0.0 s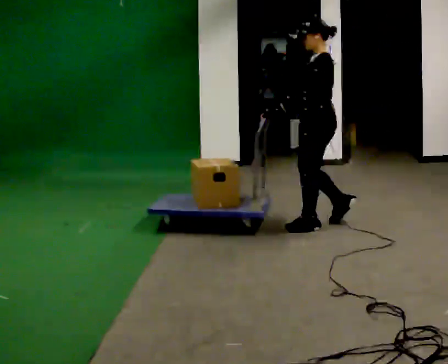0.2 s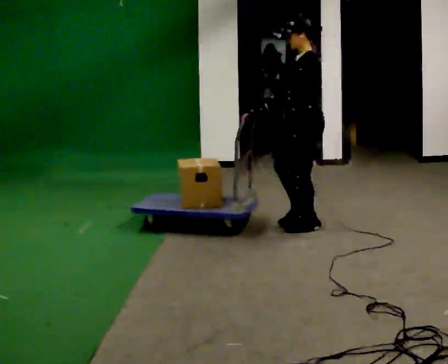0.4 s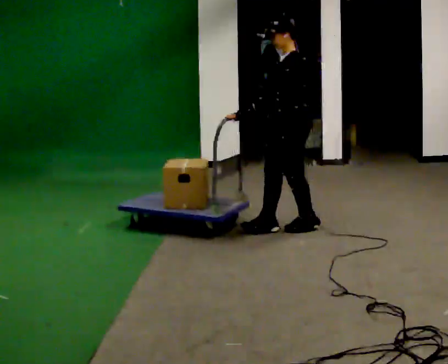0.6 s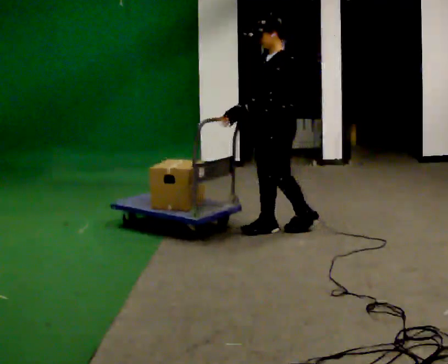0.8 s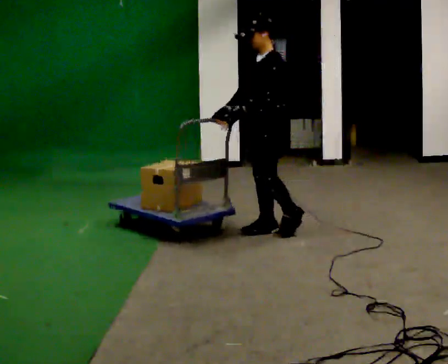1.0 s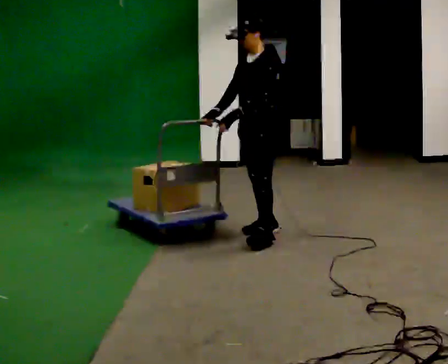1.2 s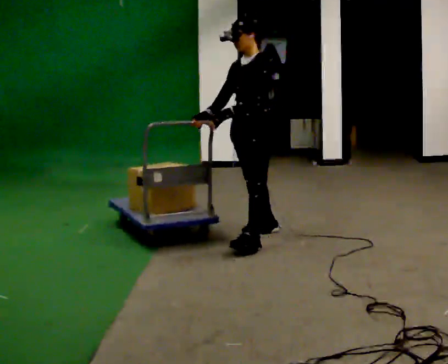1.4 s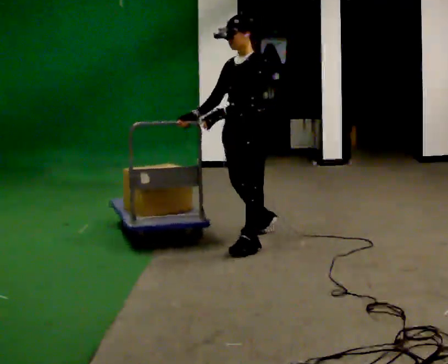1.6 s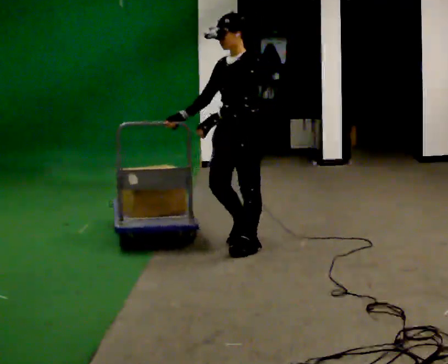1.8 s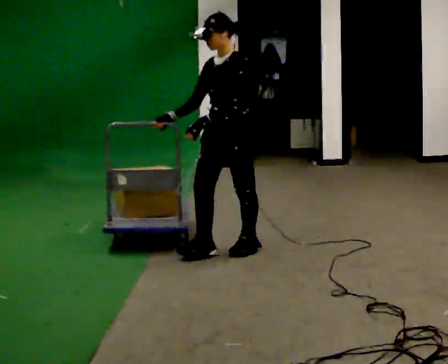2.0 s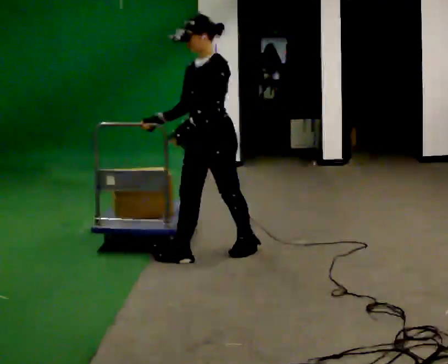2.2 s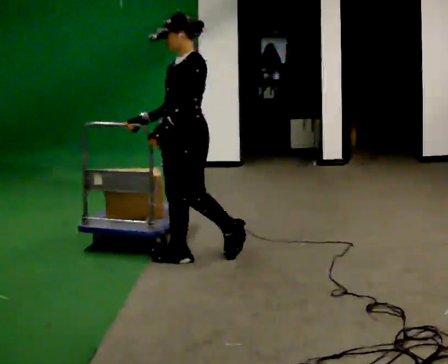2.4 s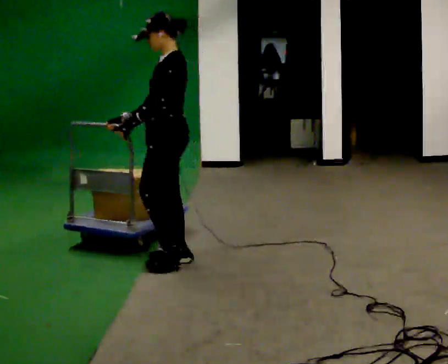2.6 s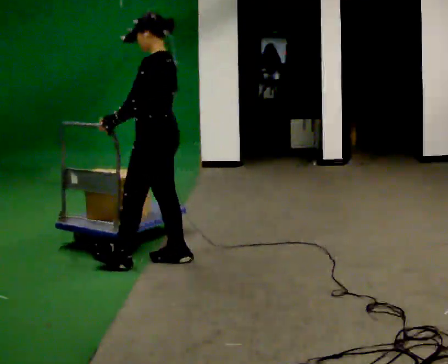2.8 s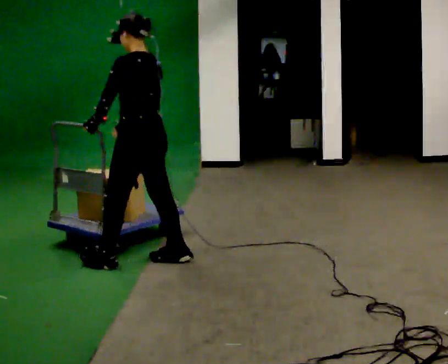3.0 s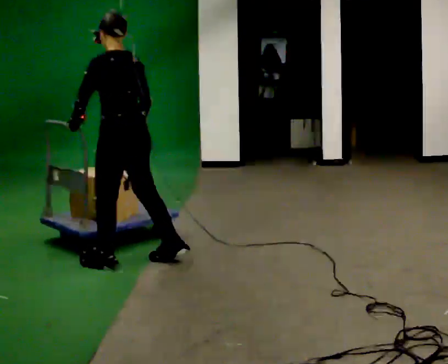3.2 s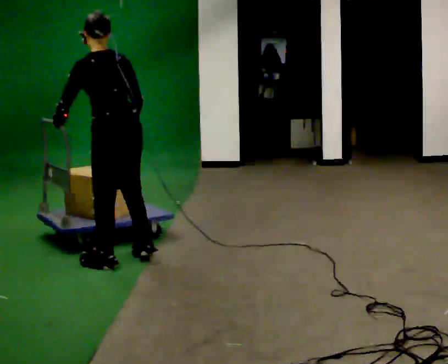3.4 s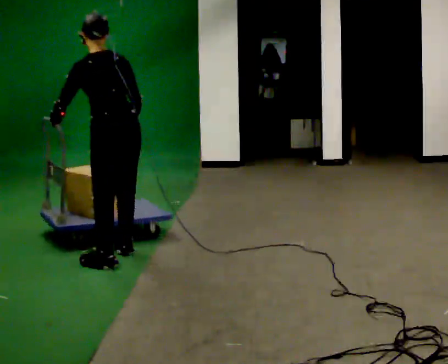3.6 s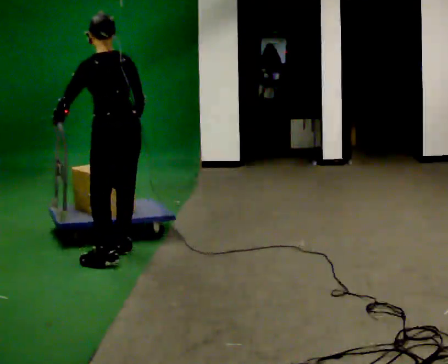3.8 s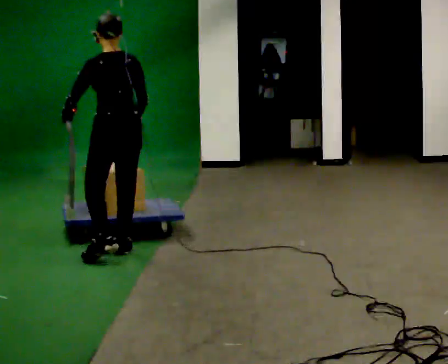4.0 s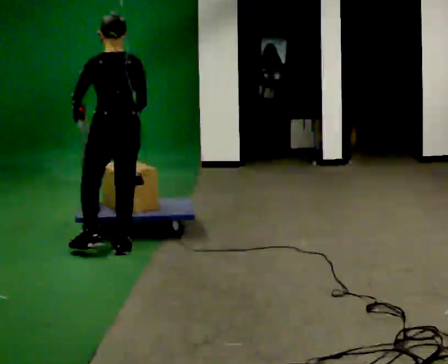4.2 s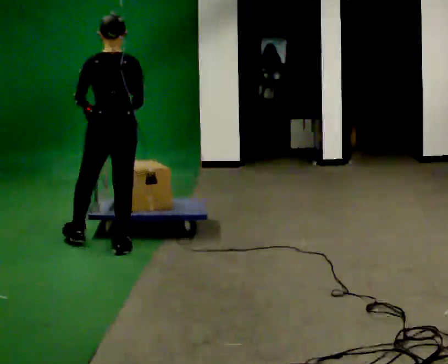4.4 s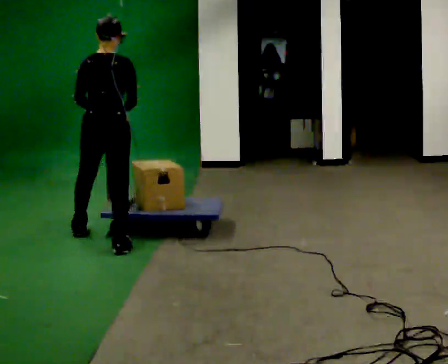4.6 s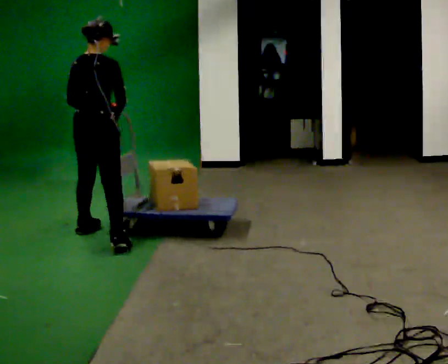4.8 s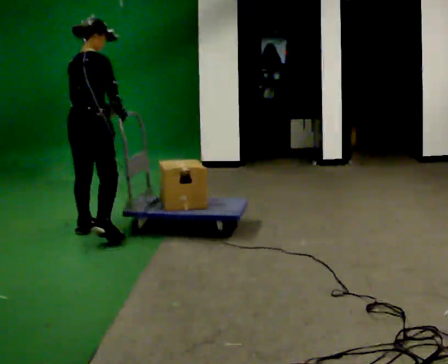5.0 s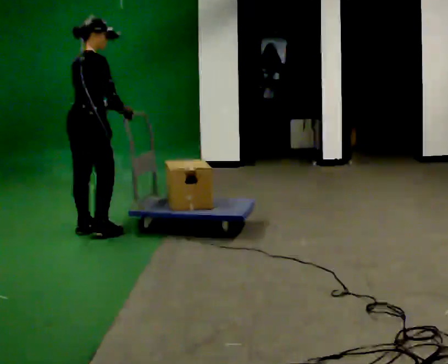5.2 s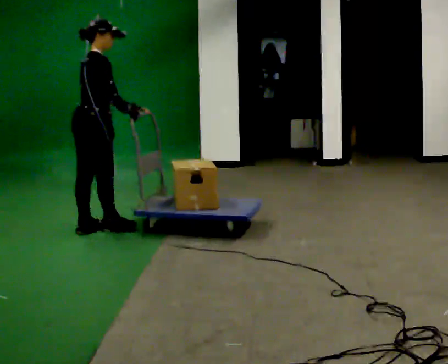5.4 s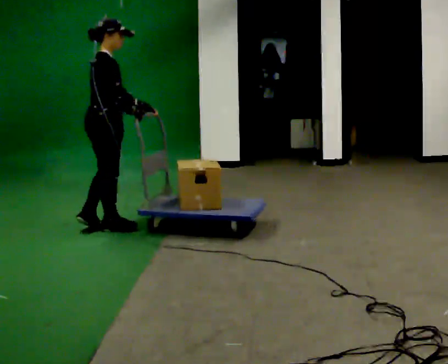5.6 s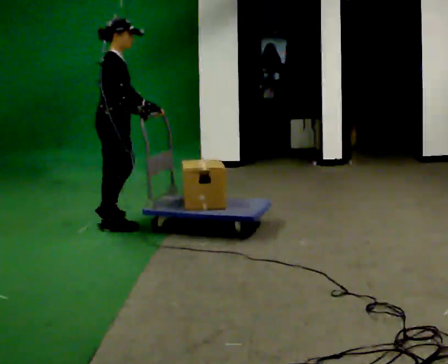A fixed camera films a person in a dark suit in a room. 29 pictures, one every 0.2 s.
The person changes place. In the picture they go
to the left.
0.0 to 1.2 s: Seen from above the body turns counterclockwise, about 30 degrees: to their left, with its near side sliding to the right. In the picture they go to the left, about 0.5 m in 2 steps, which for them is forward.
1.2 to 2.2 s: In the picture they go to the left and toward the camera, about 0.5 m in 1 step, which for them is forward.
2.2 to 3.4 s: The person turns about 90 degrees to their right, clockwise seen from above, so the part of the body nearest the lens slides to the left. In the picture they go to the left, about 0.5 m in 1 step. In the picture the upper body tilts counterclockwise, shoulders to the left, as they bend forward.
3.4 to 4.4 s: Seen from above the body turns clockwise, about 45 degrees: to their right, with its near side sliding to the left. In the picture they go away from the camera, about 0.25 m in 1 step, which for them is forward. In the picture the upper body tilts clockwise, shoulders to the right, as they lean back or straighten.
4.4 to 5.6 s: The person turns about 75 degrees to their right, clockwise seen from above, so the part of the body nearest the lens slides to the left. In the picture they go away from the camera, about 0.5 m in 2 steps.
The film runs forward here.
